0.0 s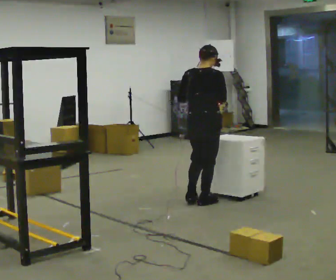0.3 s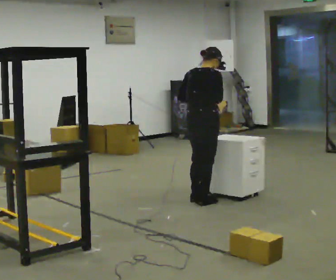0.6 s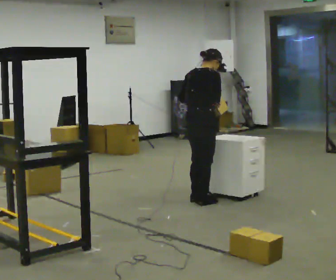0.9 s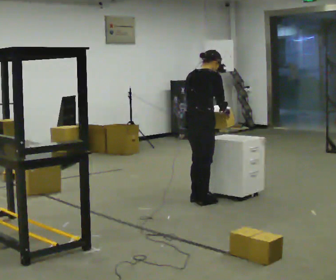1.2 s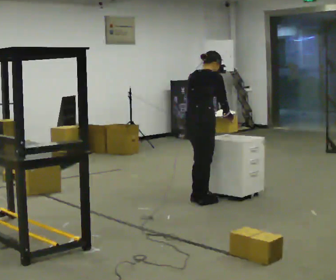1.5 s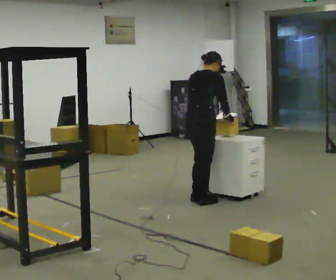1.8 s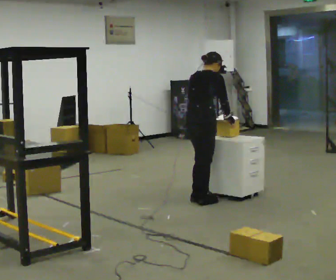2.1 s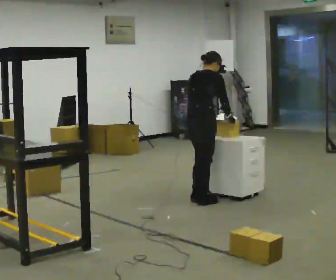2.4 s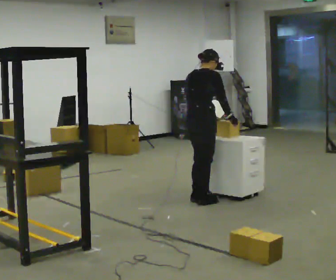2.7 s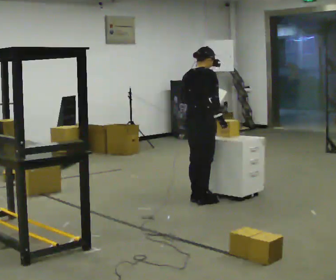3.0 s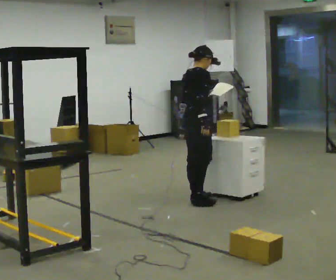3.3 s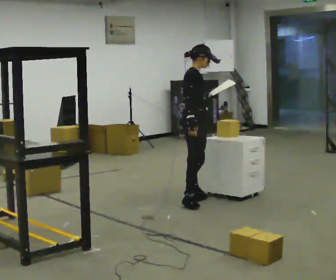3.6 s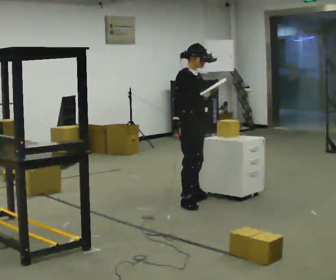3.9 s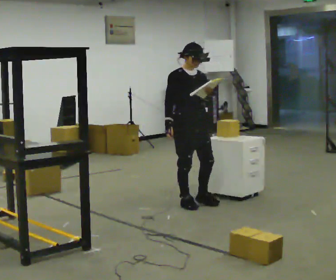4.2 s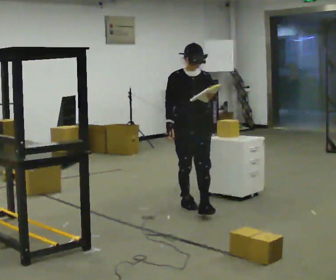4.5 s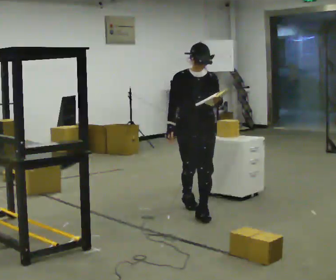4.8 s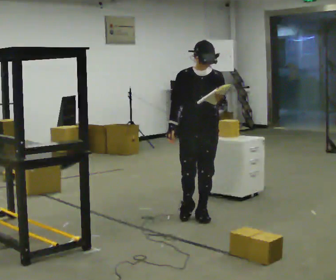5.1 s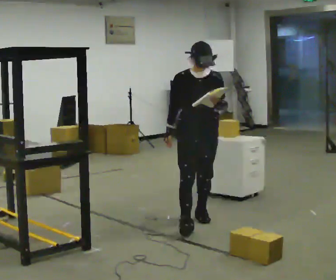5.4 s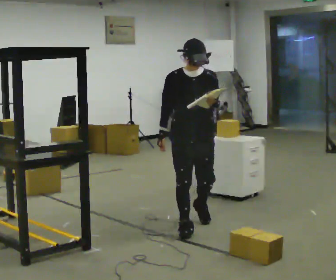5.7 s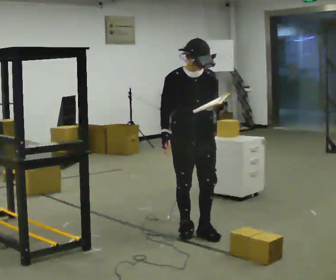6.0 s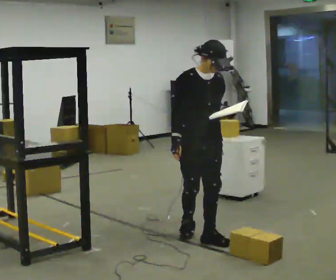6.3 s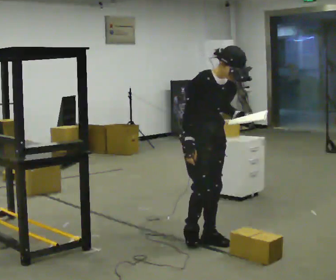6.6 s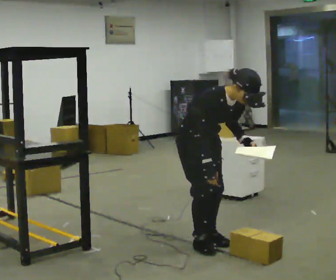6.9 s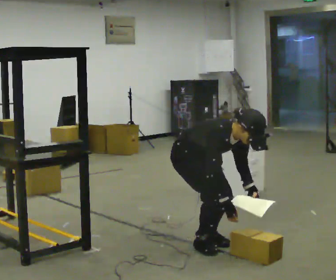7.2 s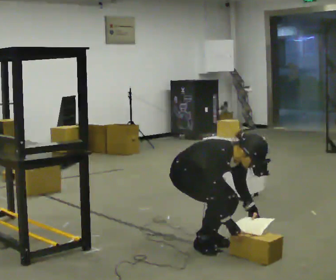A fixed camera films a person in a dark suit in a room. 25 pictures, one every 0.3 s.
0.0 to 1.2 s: The upper body tips away from the camera, its near side rolling upward, as they bend forward.
1.2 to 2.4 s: The person moves a little, or ends about where they began.
2.4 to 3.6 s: The part of the body nearest the lens slides to the left as the person turns to their right by about 60 degrees. In the picture they go toward the camera, about 0.25 m. The upper body tips toward the camera, its near side rolling downward, as they lean back or straighten. In the picture their right hand goes to the left, the arm swinging clockwise.
3.6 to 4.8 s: The person turns about 60 degrees to their right, clockwise seen from above, so the part of the body nearest the lens slides to the left. In the picture they go toward the camera, about 0.5 m in 1 step.
4.8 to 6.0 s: The person turns about 30 degrees to their left, counterclockwise seen from above, so the part of the body nearest the lens slides to the right. In the picture they go toward the camera, about 0.5 m in 2 steps, which for them is forward.
6.0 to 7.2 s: The upper body goes downward. In the picture the upper body tilts clockwise, shoulders to the right, as they bend forward. In the picture their right hand goes downward and to the right.
The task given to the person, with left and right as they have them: 1. Look at the photo the operator gives you. 2. Put the room back the way it looks in the photo. 3. Tell the operator when you are finished.
The film runs forward here.
